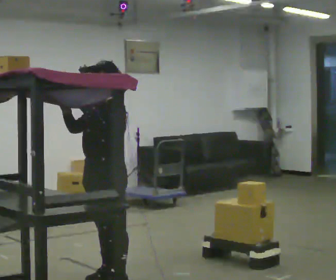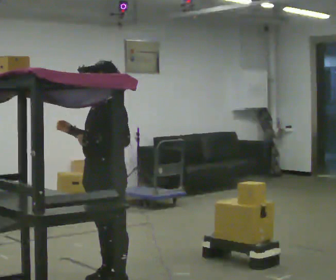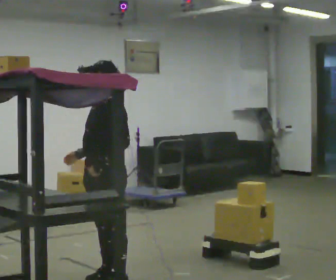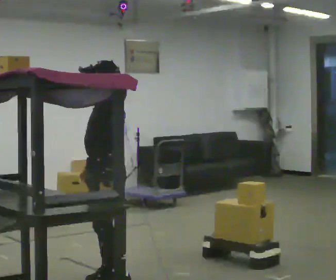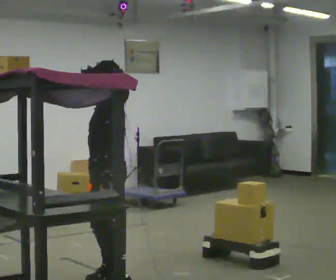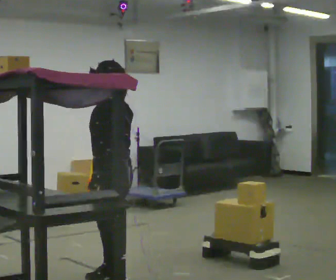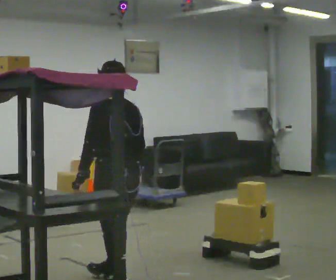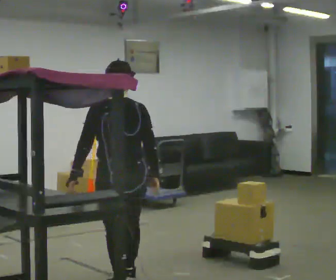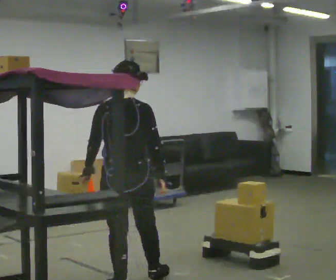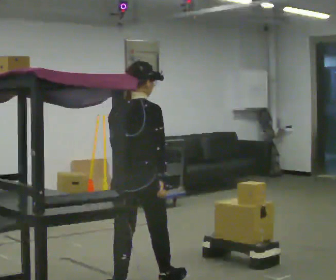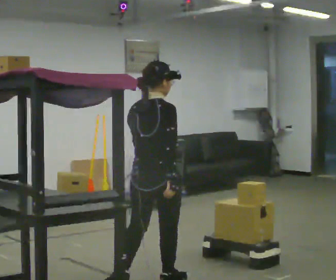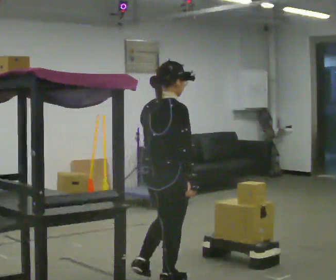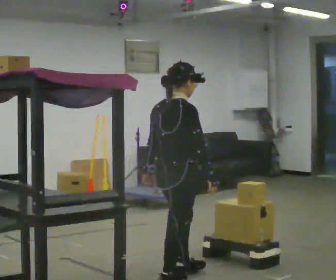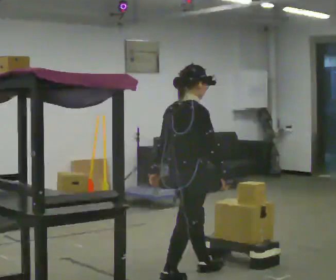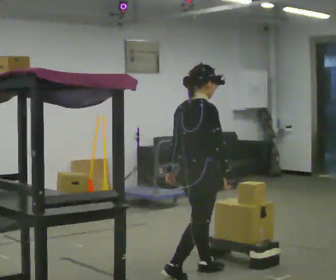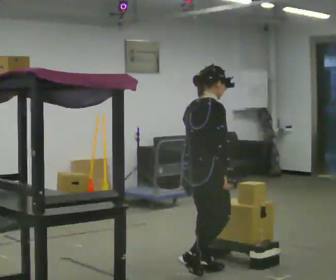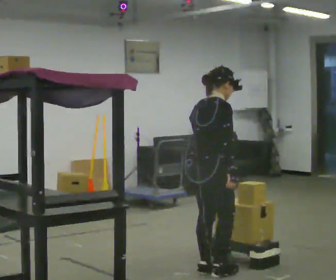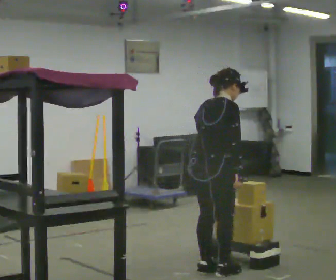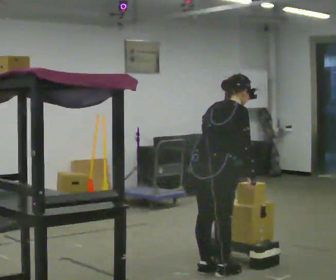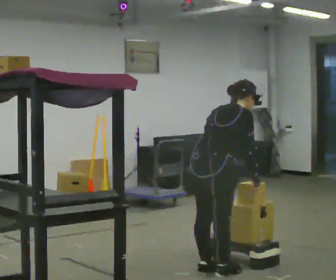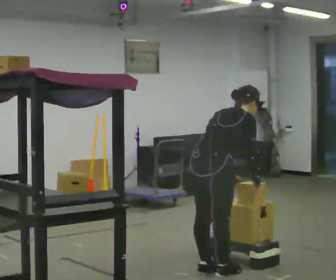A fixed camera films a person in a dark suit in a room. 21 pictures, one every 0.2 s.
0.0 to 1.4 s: The person turns about 120 degrees to their right, clockwise seen from above, so the part of the body nearest the lens slides to the left. In the picture they go toward the camera, about 0.25 m in 1 step. In the picture their right hand goes to the right and downward.
1.4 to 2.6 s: The part of the body nearest the lens slides to the left as the person turns to their right by about 60 degrees. In the picture they go to the right and away from the camera, about 0.5 m in 2 steps.
2.6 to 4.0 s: In the picture they go to the right, about 0.25 m in 1 step, which for them is forward. In the picture the upper body tilts clockwise, shoulders to the right, as they bend forward. In the picture their left hand goes to the right.
The film runs forward here.
